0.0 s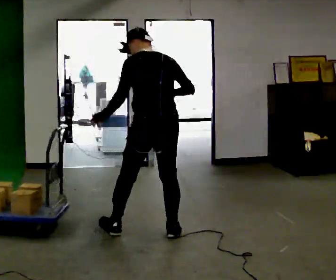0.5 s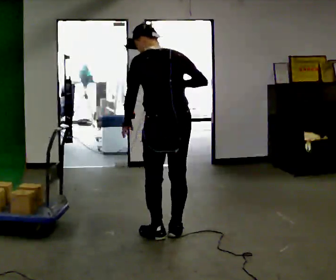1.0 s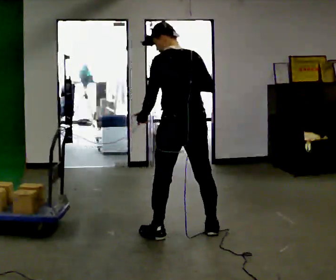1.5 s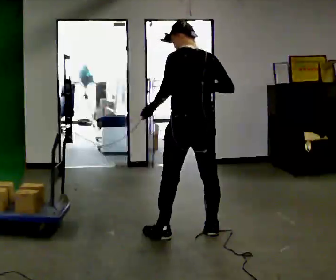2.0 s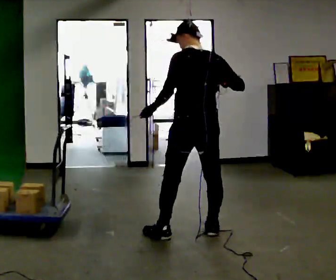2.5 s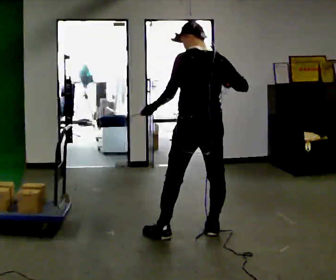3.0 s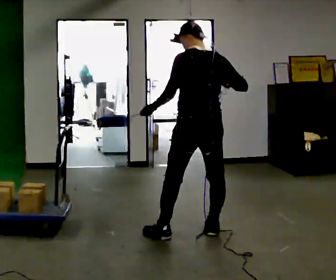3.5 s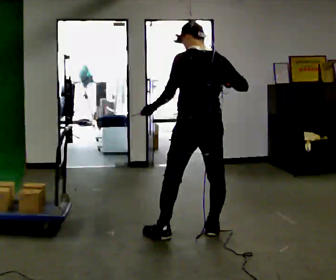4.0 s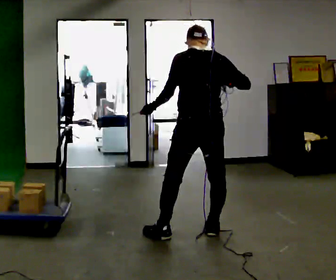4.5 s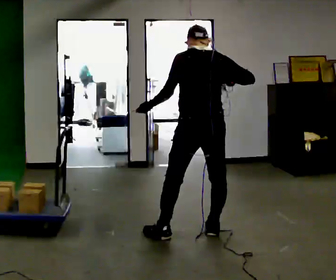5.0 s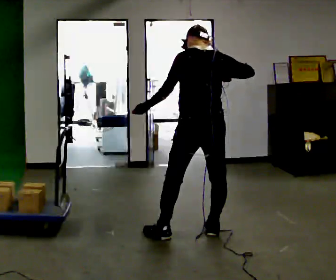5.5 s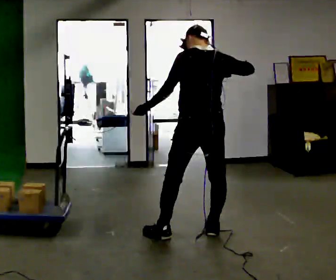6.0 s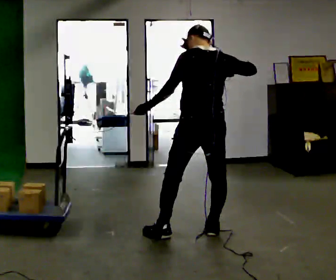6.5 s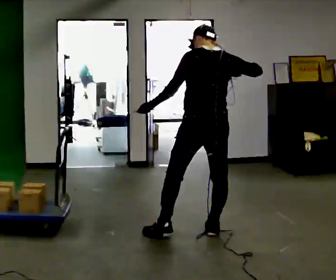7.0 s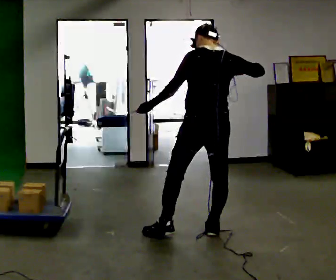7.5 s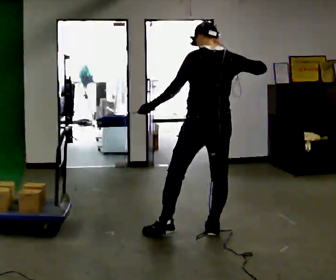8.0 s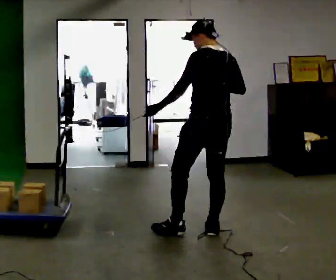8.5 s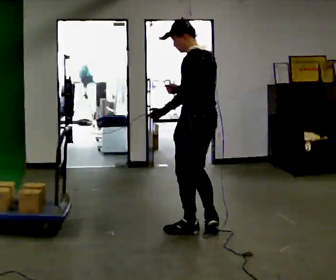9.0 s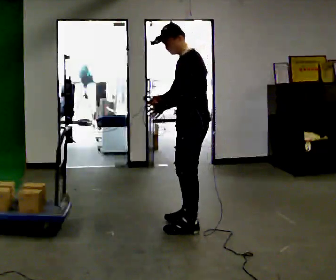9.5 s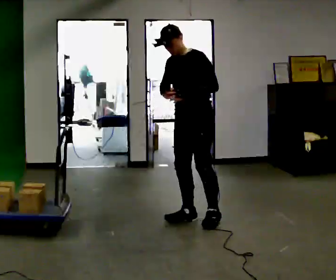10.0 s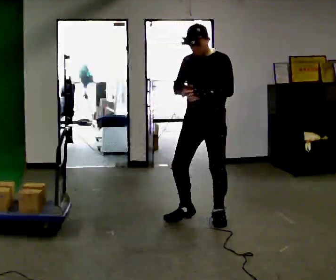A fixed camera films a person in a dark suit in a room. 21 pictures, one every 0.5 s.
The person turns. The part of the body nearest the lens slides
to the right.
The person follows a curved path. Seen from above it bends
counterclockwise.
0.0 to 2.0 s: In the picture they go to the right, about 0.25 m in 2 steps, which for them is to their right.
2.0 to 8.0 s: The person moves a little, or ends about where they began.
8.0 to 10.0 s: Seen from above the body turns counterclockwise, about 120 degrees: to their left, with its near side sliding to the right. In the picture they go away from the camera, about 0.5 m in 3 steps.
The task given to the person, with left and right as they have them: Hold the rope on the loaded pallet and pull as hard as is comfortable for a few seconds, then relax. The operator will log the load and the peak reading on the scale for every take.
The film runs forward here.
